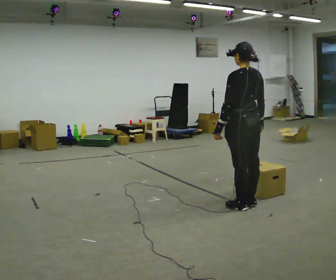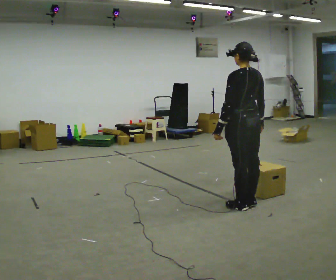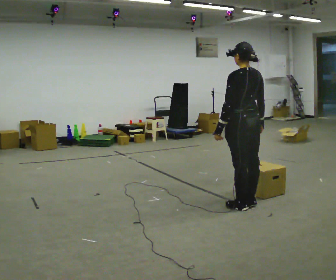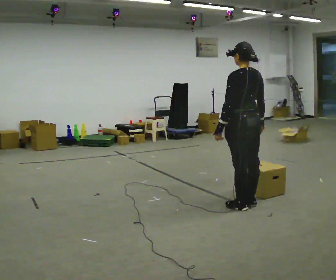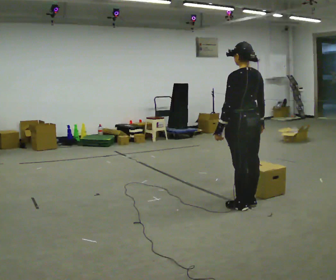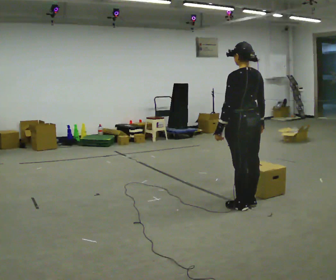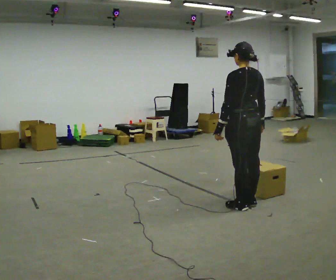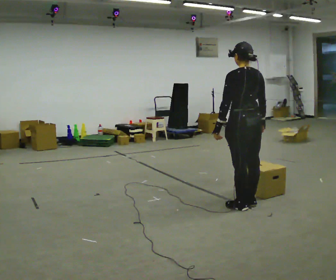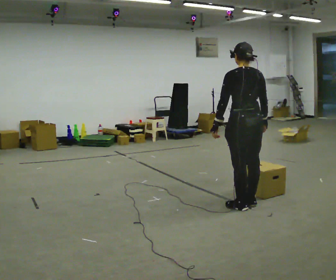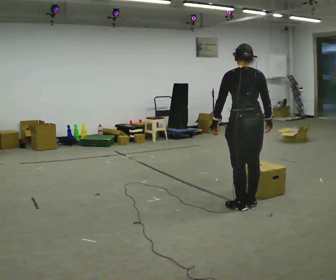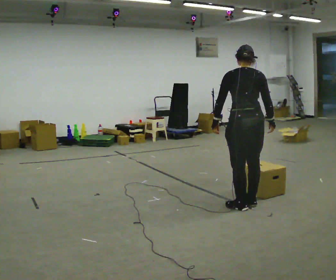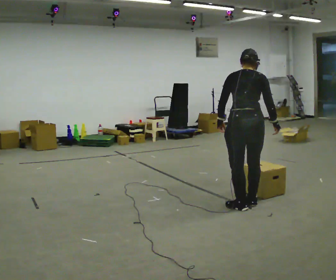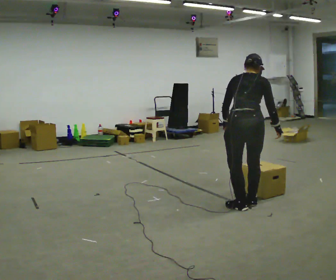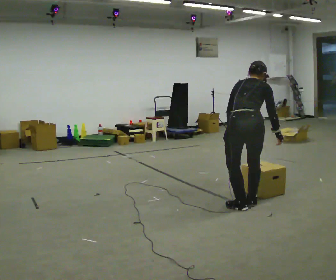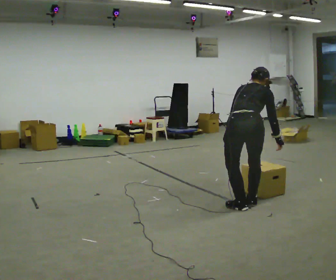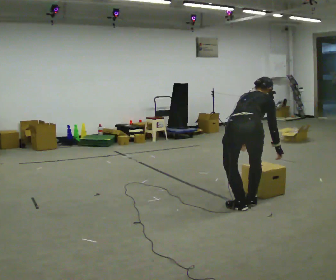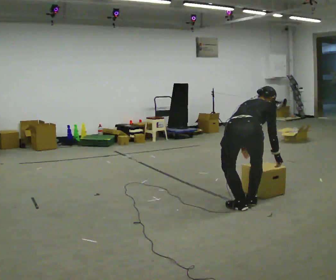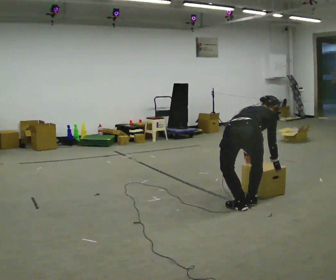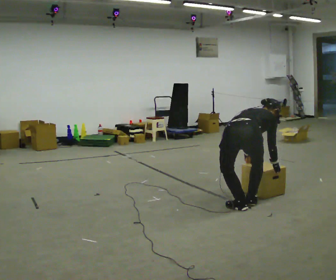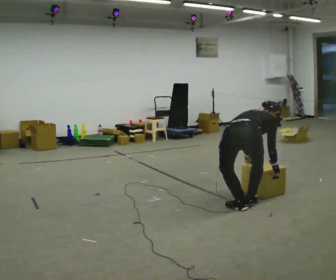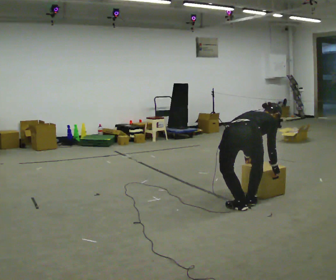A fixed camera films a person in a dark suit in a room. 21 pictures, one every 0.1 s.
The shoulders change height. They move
downward.
The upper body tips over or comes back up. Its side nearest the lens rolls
upward.
0.0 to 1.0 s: Seen from above the body turns clockwise, about 30 degrees: to their right, with its near side sliding to the left.
1.0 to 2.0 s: Seen from above the body turns clockwise, about 30 degrees: to their right, with its near side sliding to the left. The shoulders move downward. The upper body tips away from the camera, its near side rolling upward, as they bend forward. In the picture their left hand goes downward and to the right.
The film runs forward here.
